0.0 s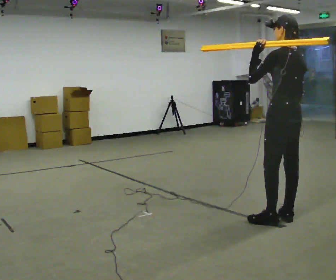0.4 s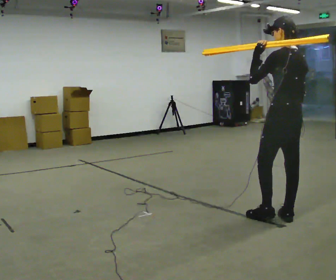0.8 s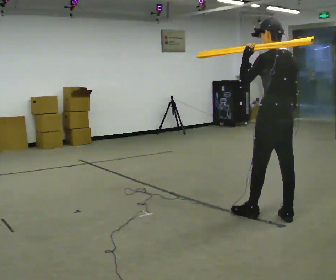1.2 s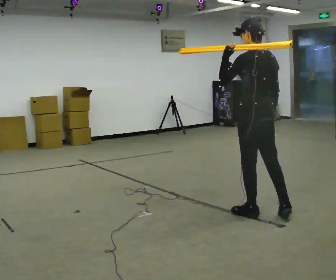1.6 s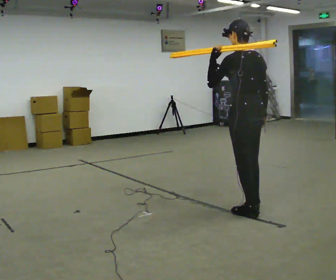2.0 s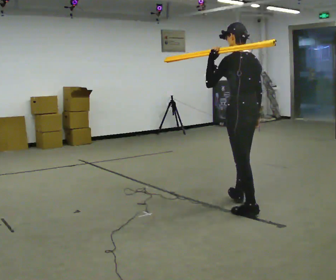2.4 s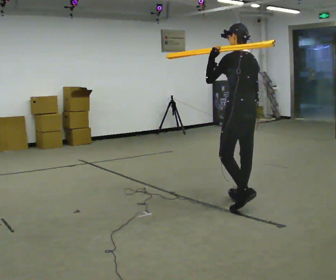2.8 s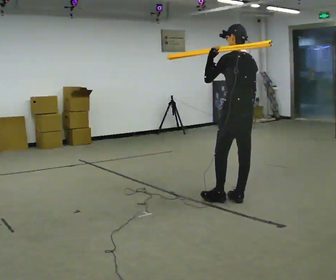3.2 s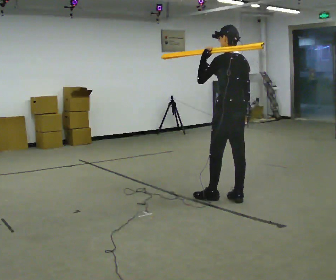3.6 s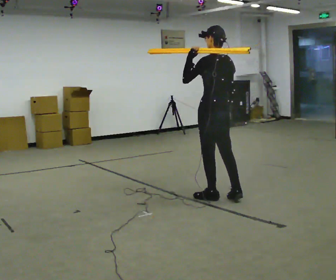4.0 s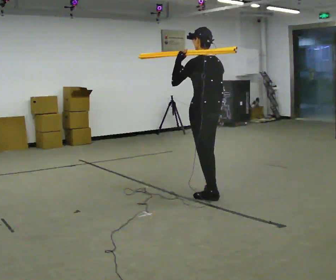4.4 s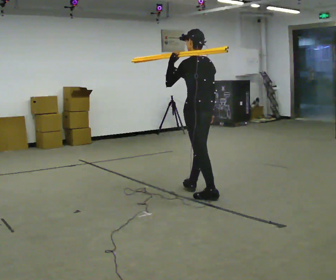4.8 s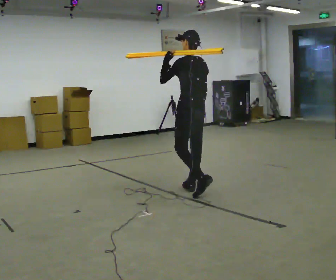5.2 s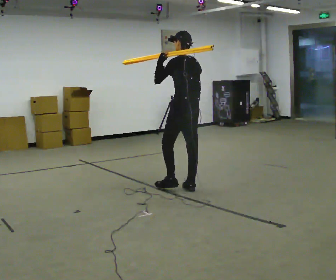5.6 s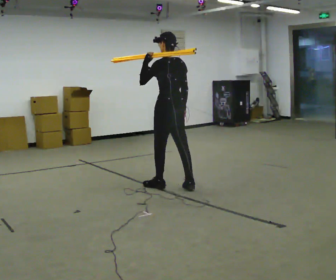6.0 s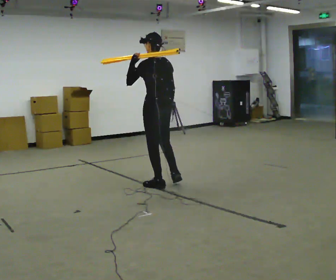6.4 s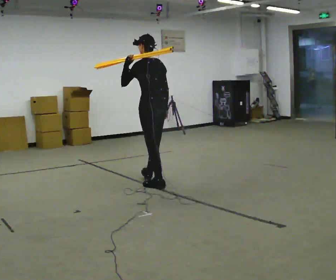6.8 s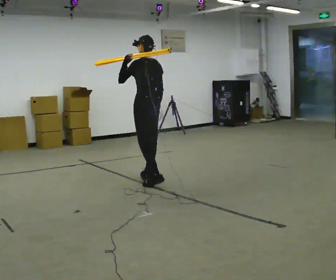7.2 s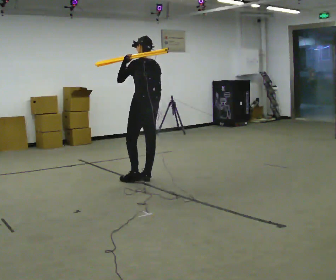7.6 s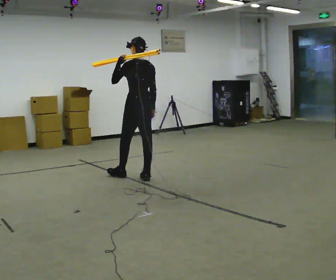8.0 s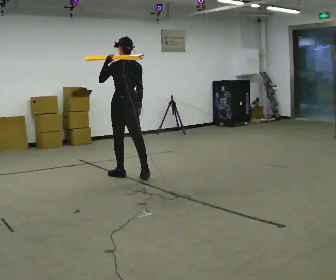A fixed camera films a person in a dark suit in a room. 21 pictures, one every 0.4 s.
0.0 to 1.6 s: In the picture they go to the left and away from the camera, about 0.5 m in 1 step, which for them is forward and to their left.
1.6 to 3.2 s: In the picture they go away from the camera, about 0.5 m in 2 steps, which for them is forward and to their right.
3.2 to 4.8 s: In the picture they go to the left and away from the camera, about 0.5 m in 1 step, which for them is forward.
4.8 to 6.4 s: In the picture they go to the left and away from the camera, about 0.5 m in 2 steps, which for them is forward.
6.4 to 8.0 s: In the picture they go to the left and away from the camera, about 0.5 m in 1 step, which for them is forward.
The film runs forward here.
